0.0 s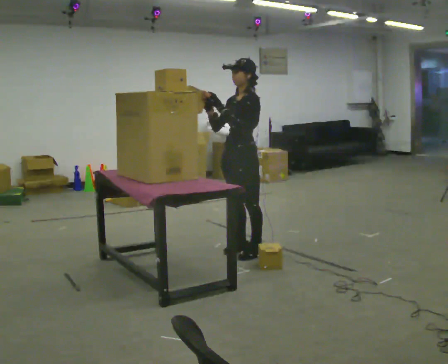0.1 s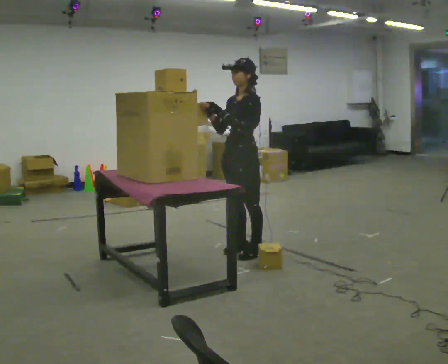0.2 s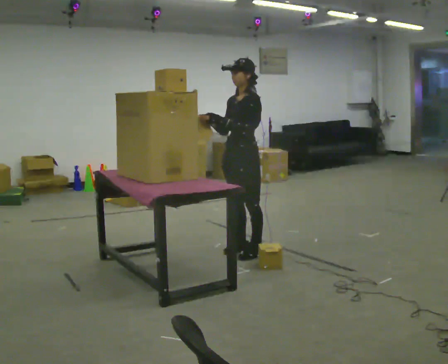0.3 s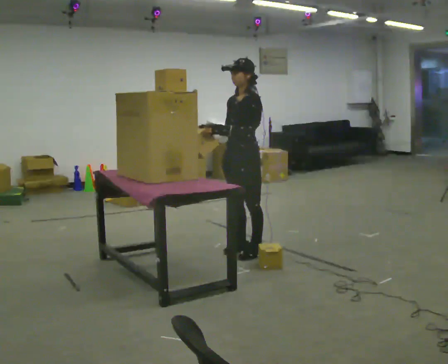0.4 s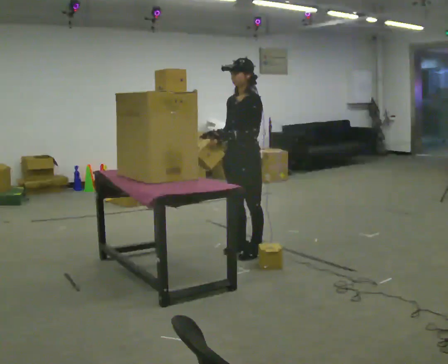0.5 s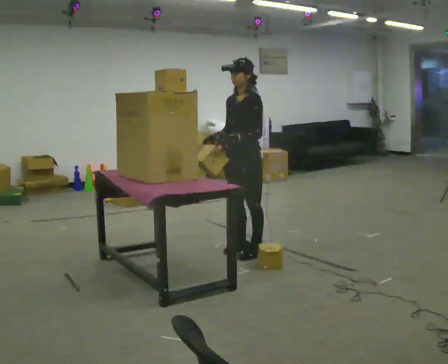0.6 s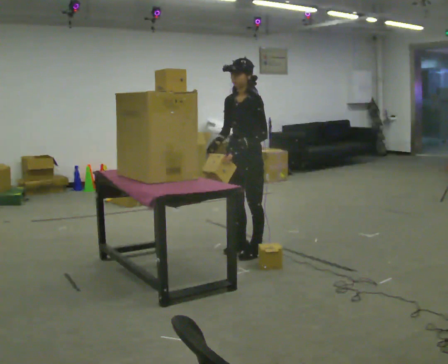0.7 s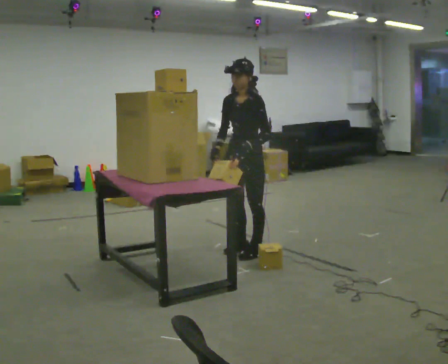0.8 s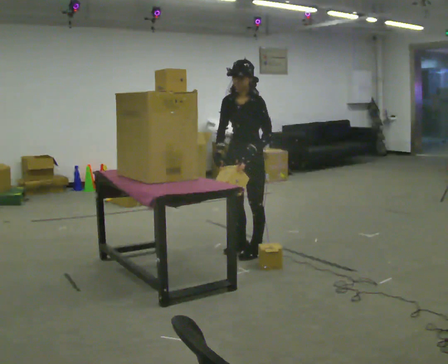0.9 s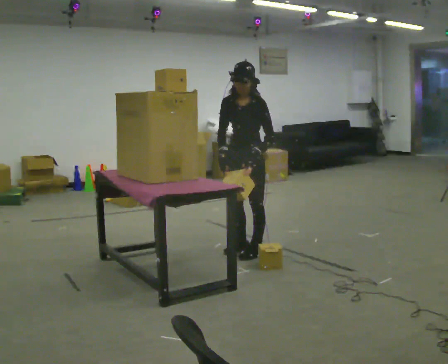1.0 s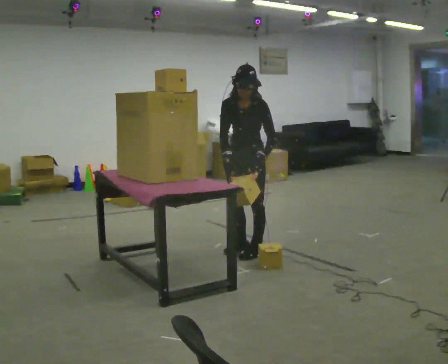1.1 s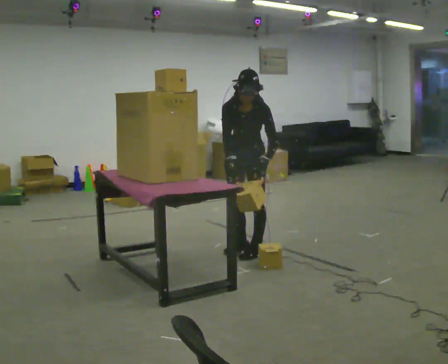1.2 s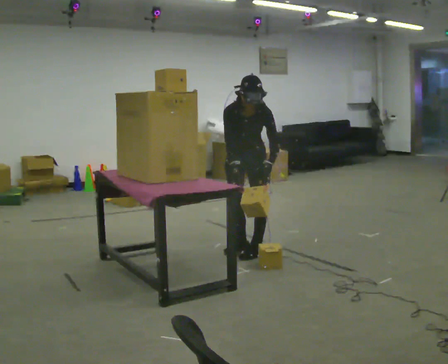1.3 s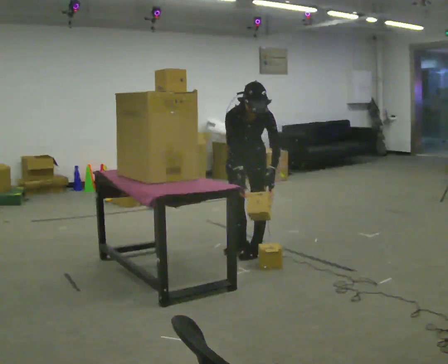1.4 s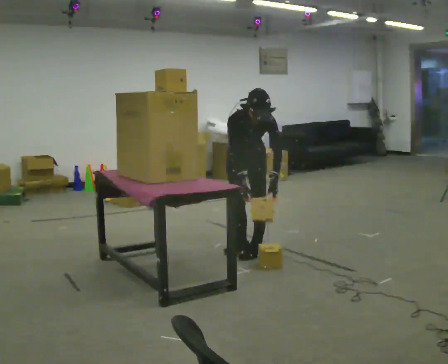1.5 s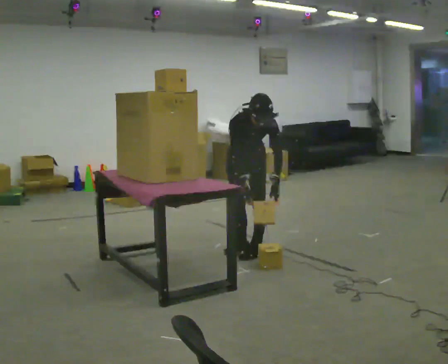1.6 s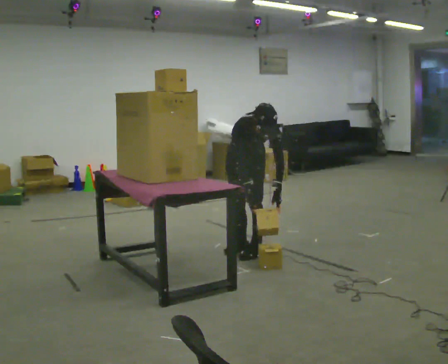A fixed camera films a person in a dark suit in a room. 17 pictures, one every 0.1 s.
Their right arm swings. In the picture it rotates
counterclockwise.
Their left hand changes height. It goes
downward.
0.0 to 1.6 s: The person turns about 60 degrees to their left, counterclockwise seen from above, so the part of the body nearest the lens slides to the right. The shoulders move downward. The upper body tips toward the camera, its near side rolling downward, as they bend forward. In the picture their left hand goes downward and to the right.
The film runs backward here.
